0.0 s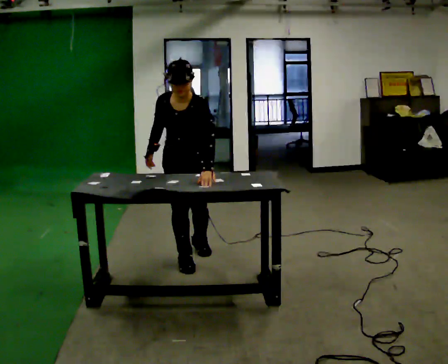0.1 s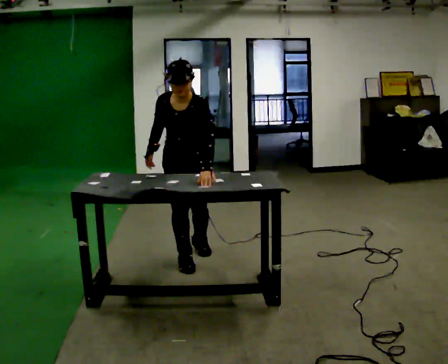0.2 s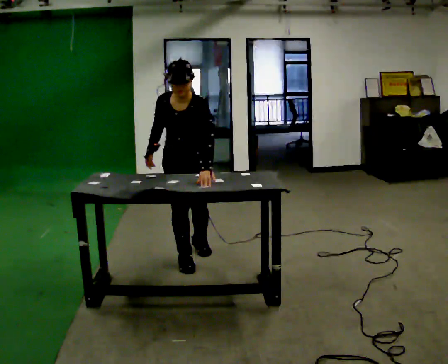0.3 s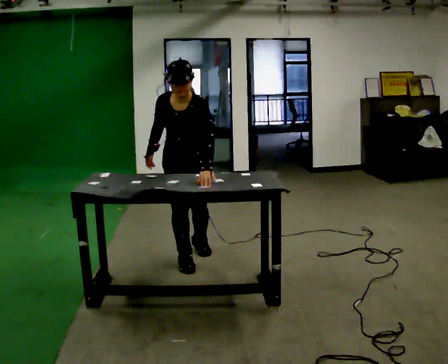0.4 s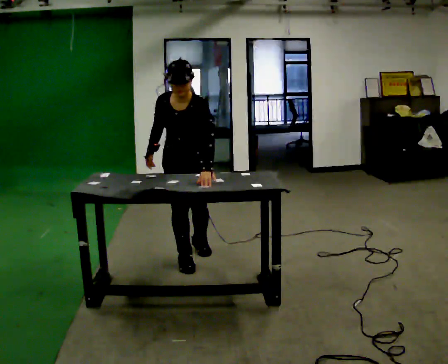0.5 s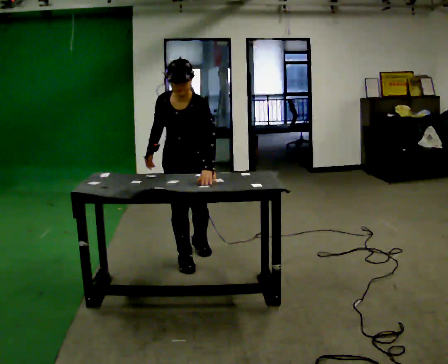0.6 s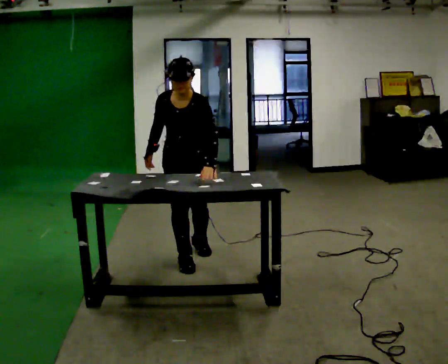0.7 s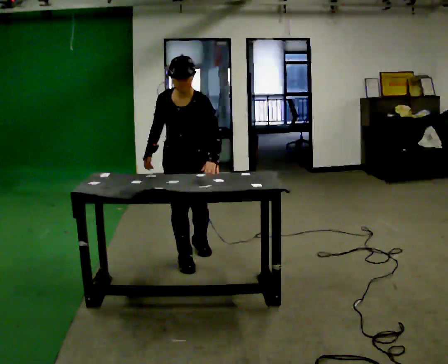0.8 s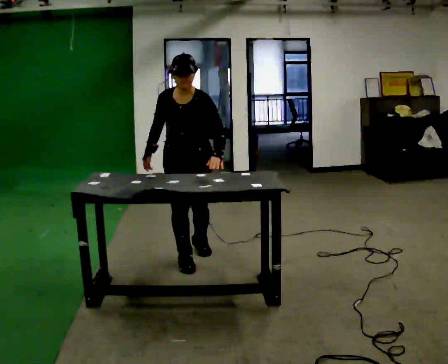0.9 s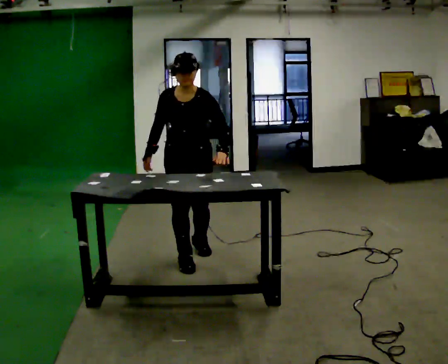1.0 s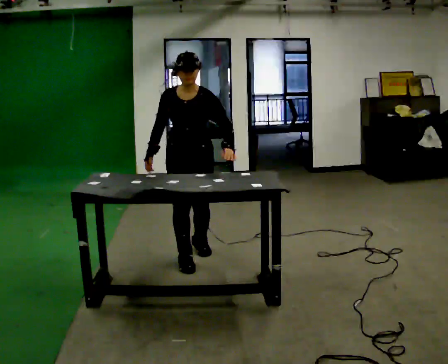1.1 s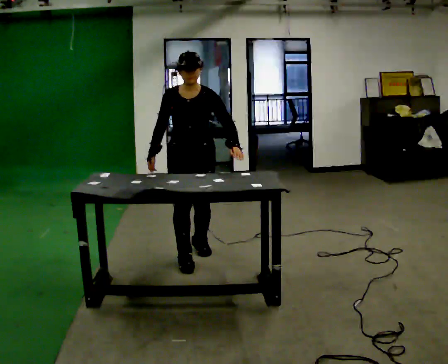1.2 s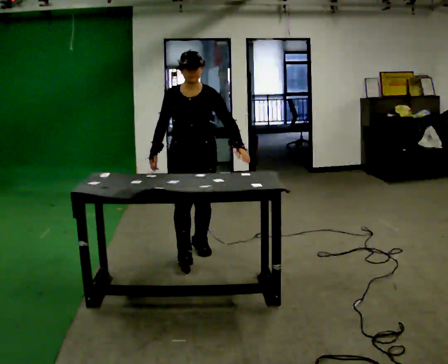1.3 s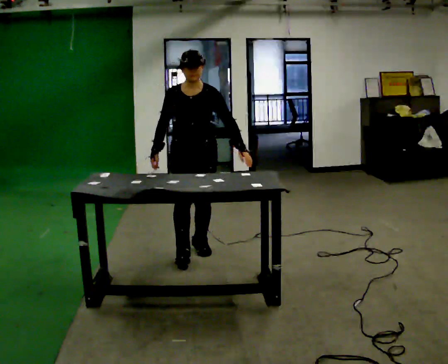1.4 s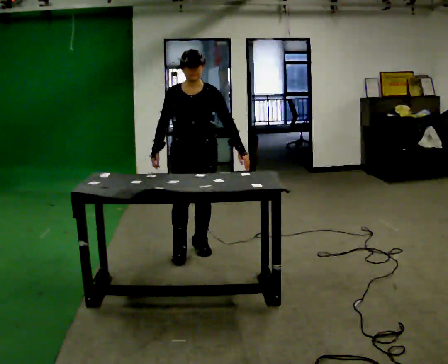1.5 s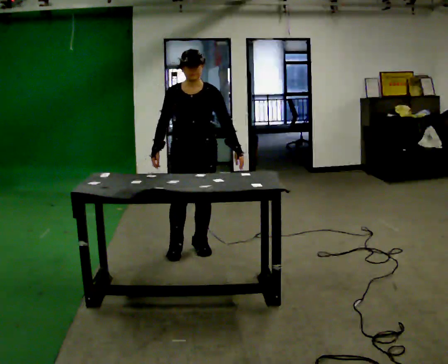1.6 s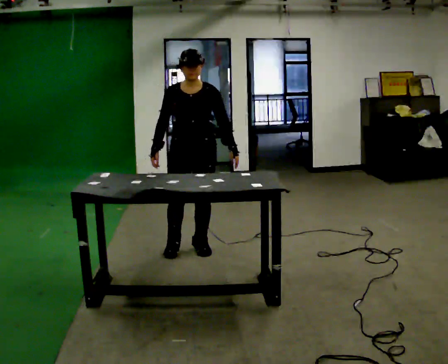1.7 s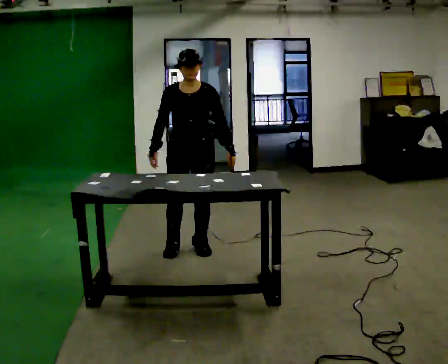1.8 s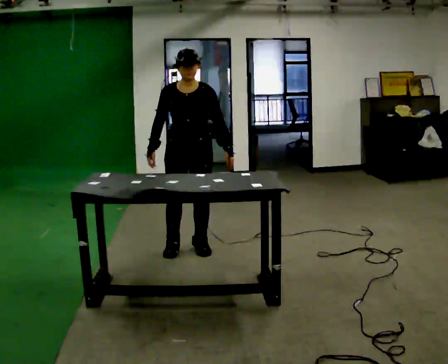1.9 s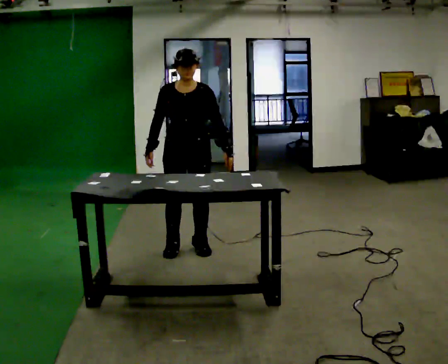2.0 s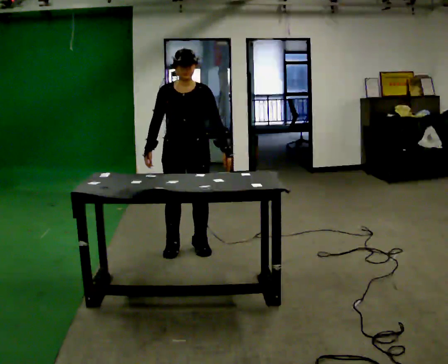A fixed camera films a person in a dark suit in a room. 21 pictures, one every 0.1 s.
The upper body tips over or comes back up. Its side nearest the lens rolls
upward.
0.0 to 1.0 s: The upper body tips away from the camera, its near side rolling upward, as they lean back or straighten.
1.0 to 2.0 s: The person moves a little, or ends about where they began.
The film runs forward here.
